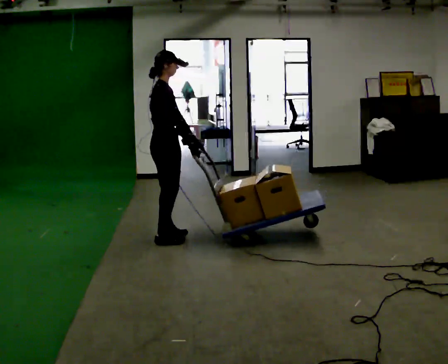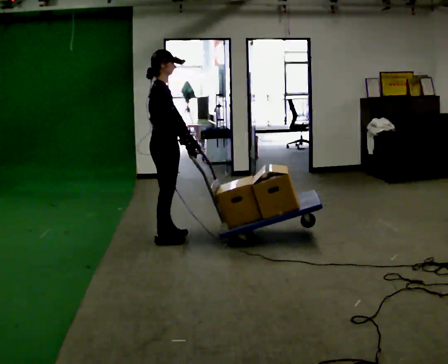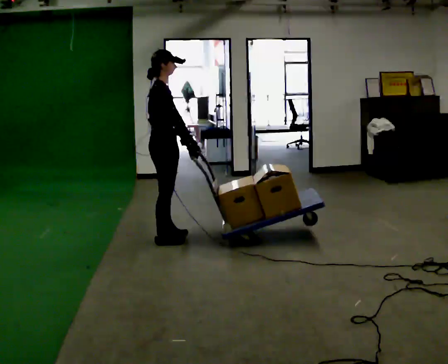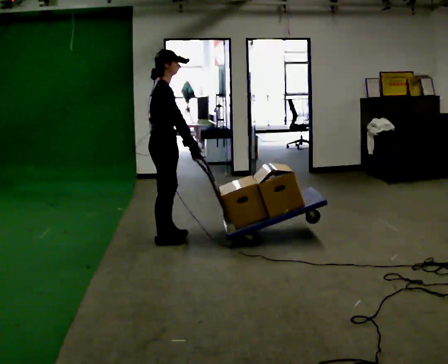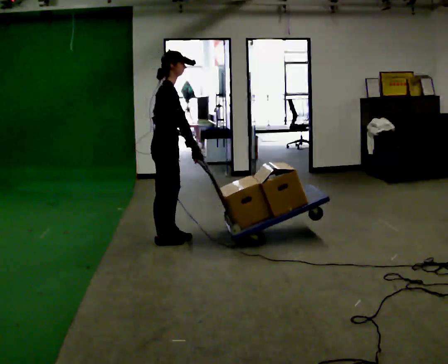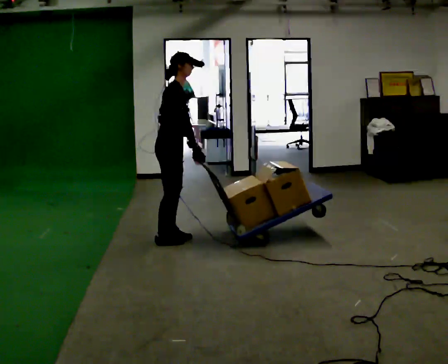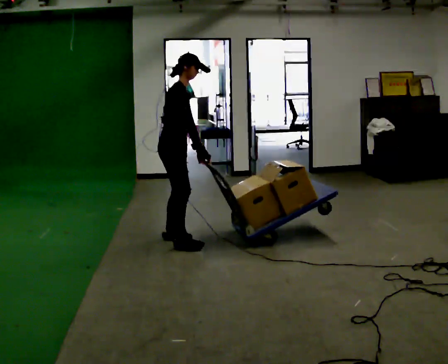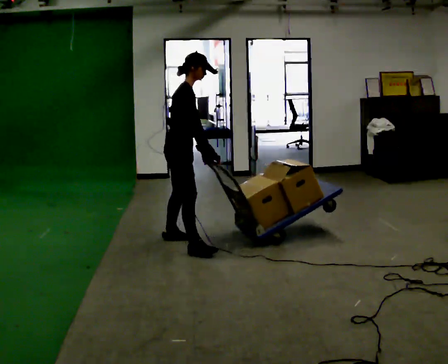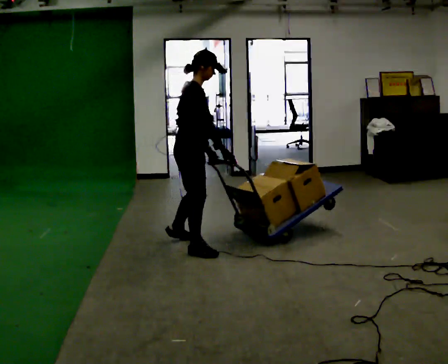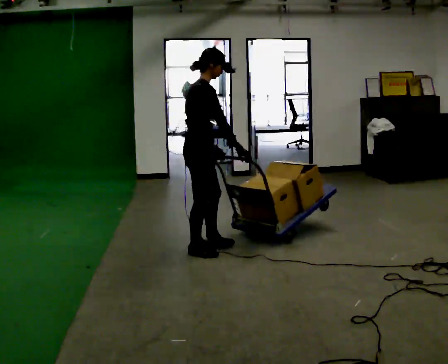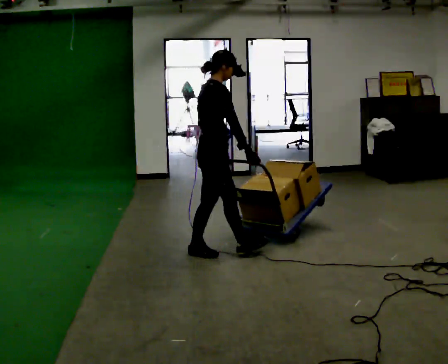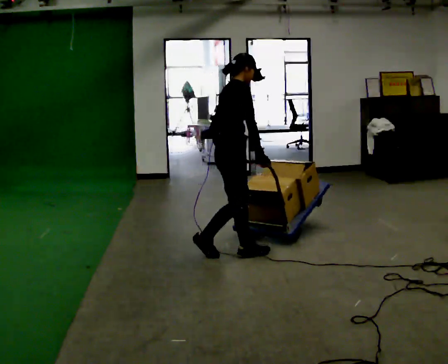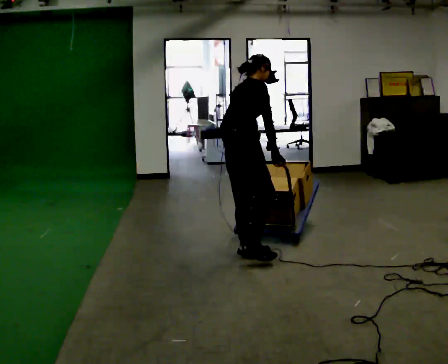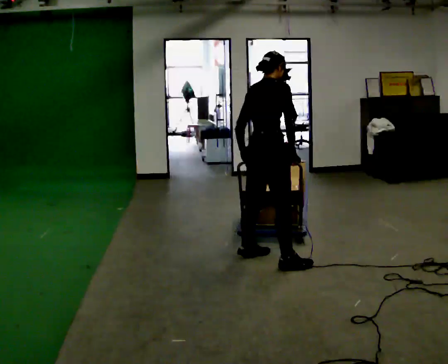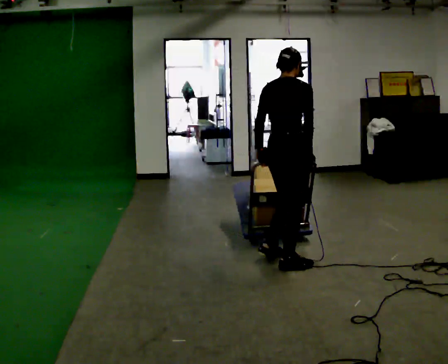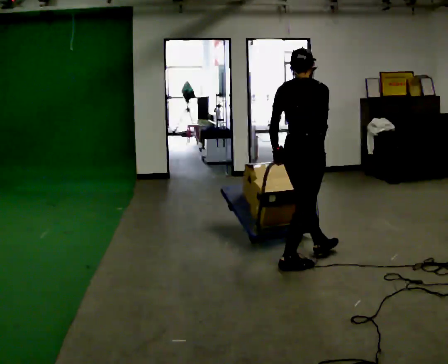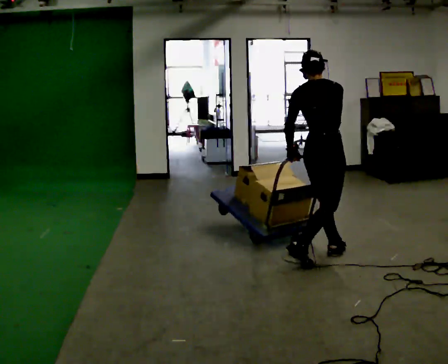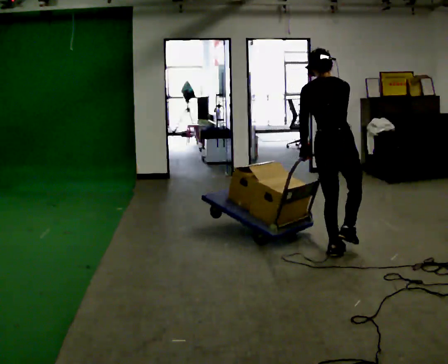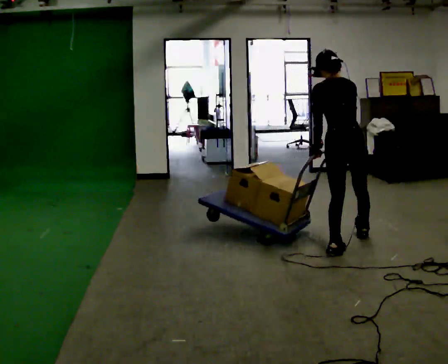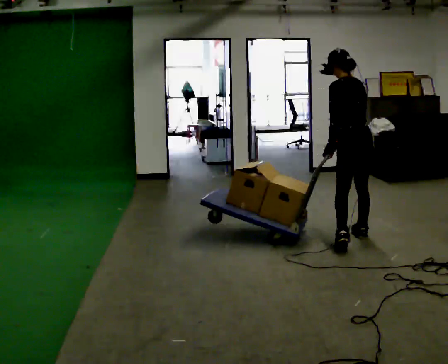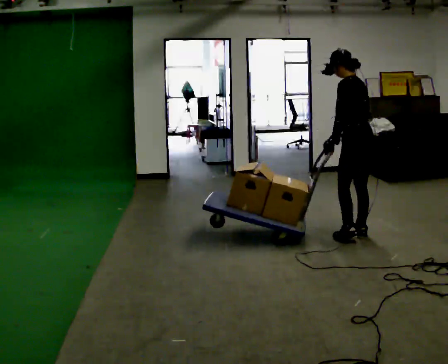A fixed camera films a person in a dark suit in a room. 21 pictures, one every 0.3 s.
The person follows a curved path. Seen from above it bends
counterclockwise.
The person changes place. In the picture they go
to the right.
0.0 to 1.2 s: The person moves a little, or ends about where they began.
1.2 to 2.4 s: In the picture they go toward the camera and to the right, about 0.25 m in 1 step, which for them is forward and to their right.
2.4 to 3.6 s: In the picture they go to the right and toward the camera, about 0.5 m in 1 step, which for them is forward and to their right.
3.6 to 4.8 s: Seen from above the body turns counterclockwise, about 30 degrees: to their left, with its near side sliding to the right. In the picture they go to the right, about 0.5 m in 2 steps, which for them is to their right and forward.
4.8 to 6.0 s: The person turns about 90 degrees to their left, counterclockwise seen from above, so the part of the body nearest the lens slides to the right. In the picture they go away from the camera and to the right, about 0.5 m in 1 step.
The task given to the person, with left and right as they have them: Turn the cart round to face the other way without moving it out of the marked square, then turn it back. Repeat until the operator says stop.
The film runs forward here.
